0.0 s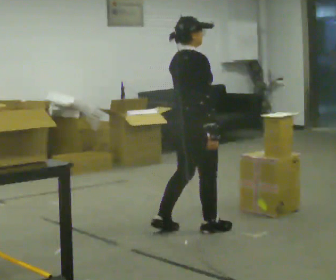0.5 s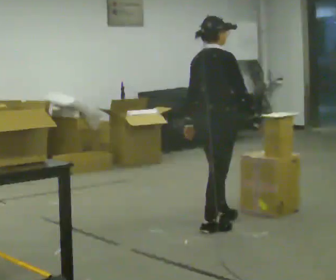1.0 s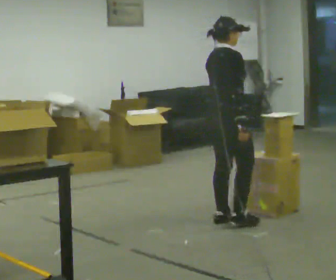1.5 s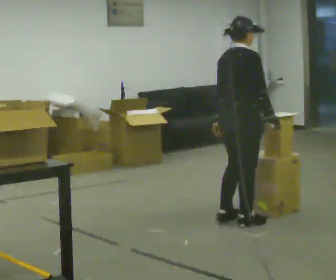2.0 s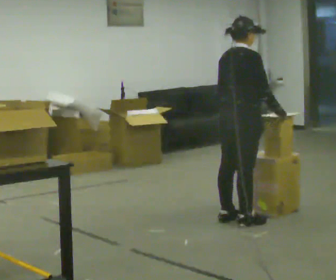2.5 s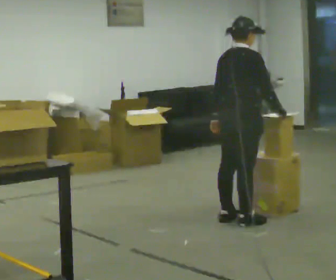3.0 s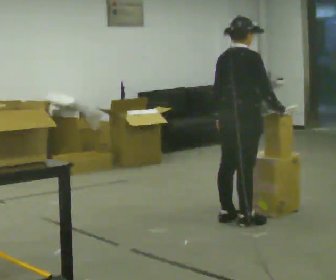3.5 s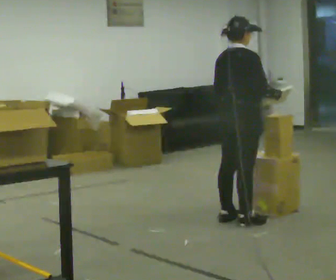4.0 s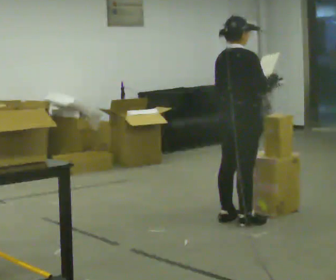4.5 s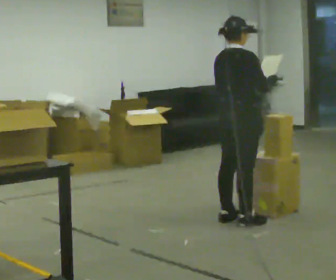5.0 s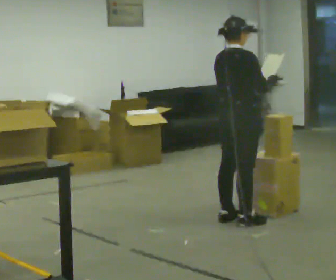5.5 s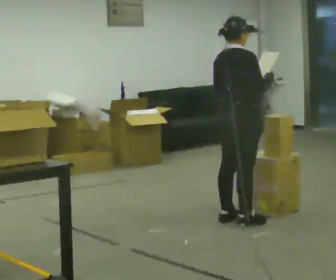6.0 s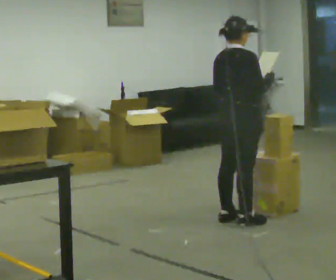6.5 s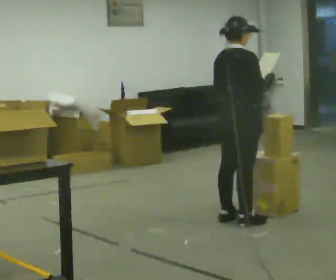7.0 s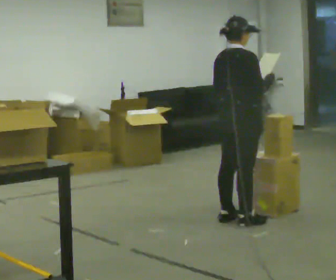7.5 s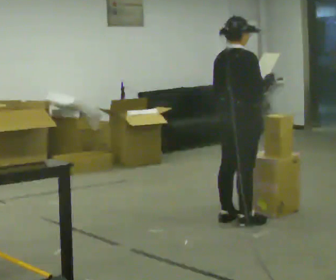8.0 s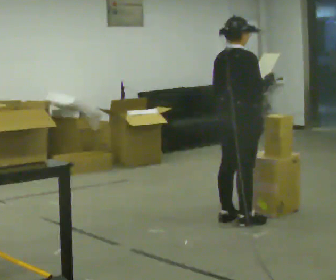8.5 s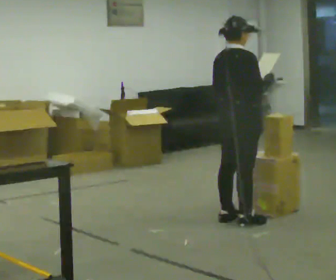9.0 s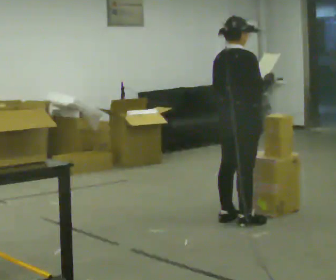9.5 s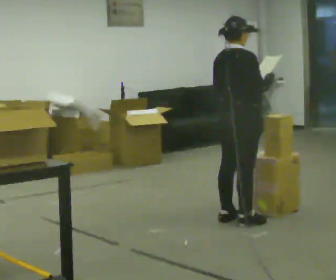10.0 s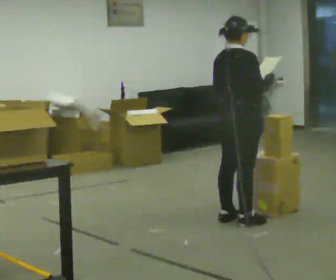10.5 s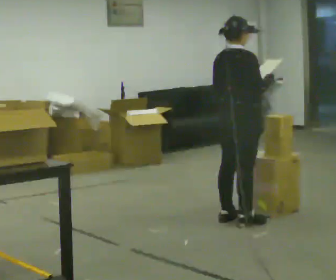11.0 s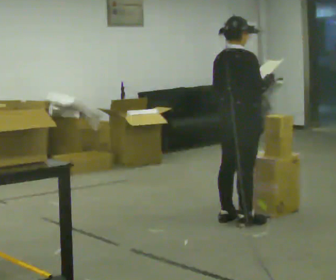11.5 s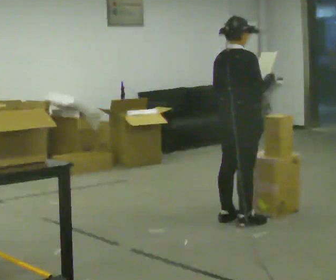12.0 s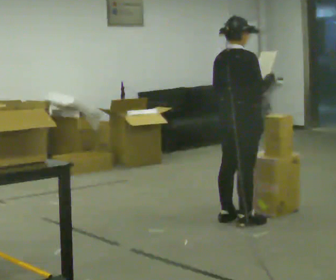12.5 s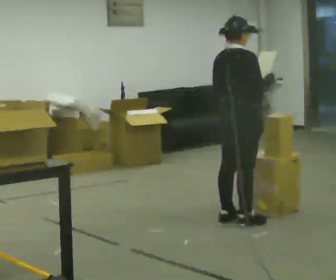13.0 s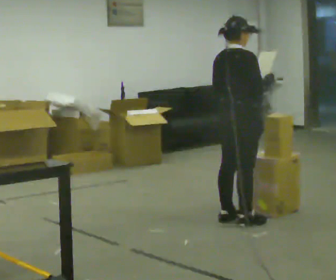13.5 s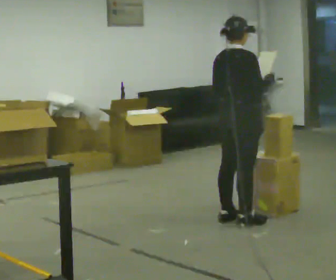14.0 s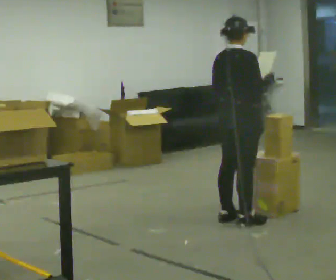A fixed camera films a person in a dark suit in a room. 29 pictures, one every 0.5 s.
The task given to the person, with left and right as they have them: 1. Read the list the operator gives you. 2. Collect the six items on the list from the shelves. 3. Put them all in the bin on the table. 4. Tell the operator when you are finished.
0.0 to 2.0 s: In the picture they go to the right and away from the camera, about 0.5 m in 2 steps, which for them is forward.
2.0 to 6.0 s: The person moves a little, or ends about where they began.
6.0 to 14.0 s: The person keeps their place and pose.
The film runs forward here.
